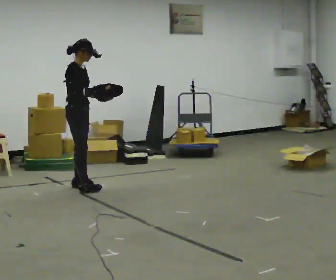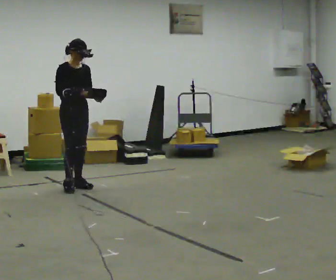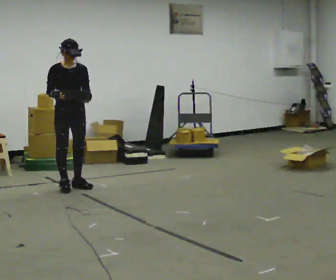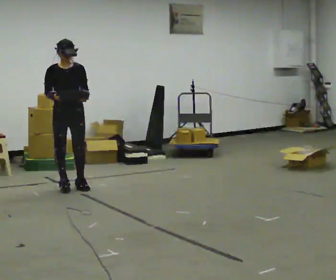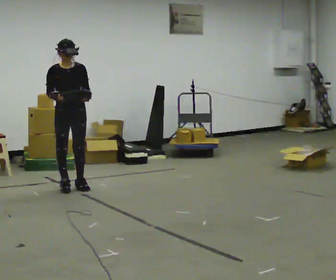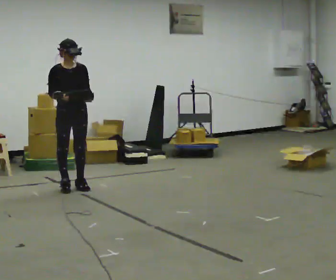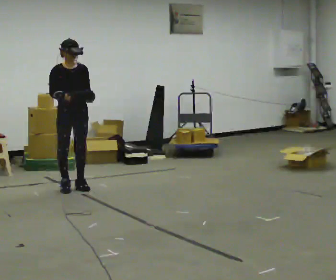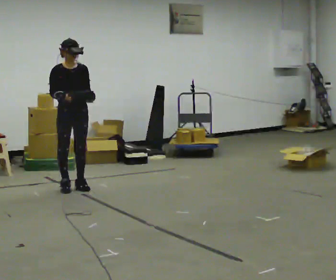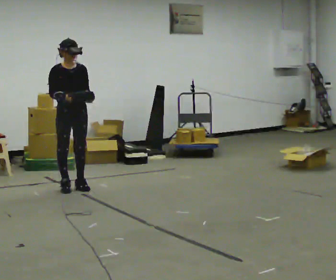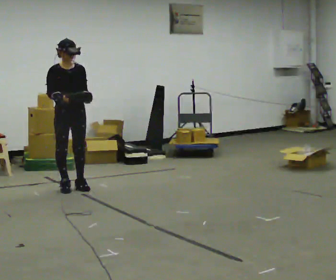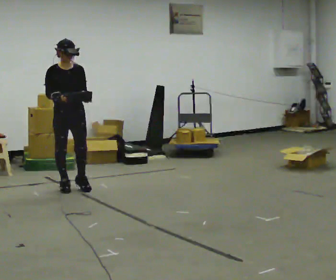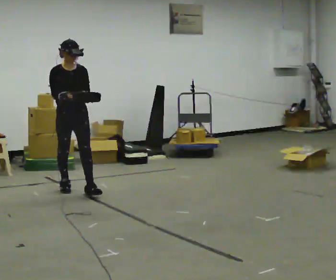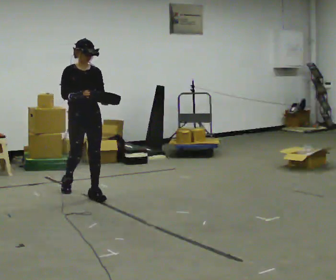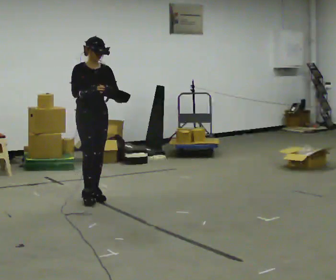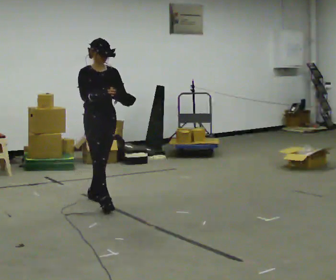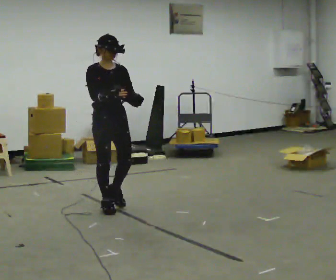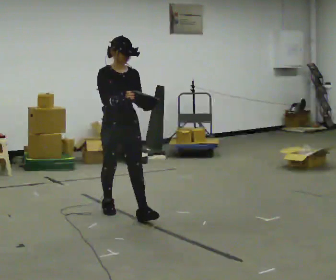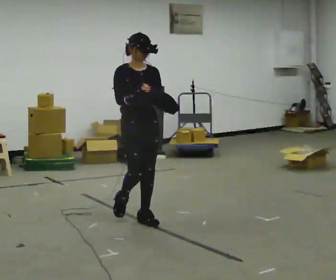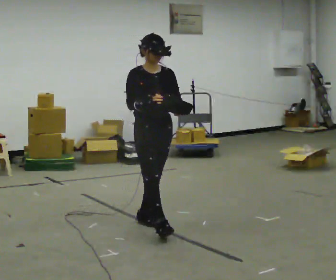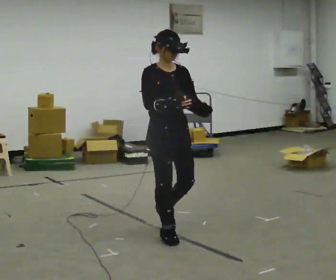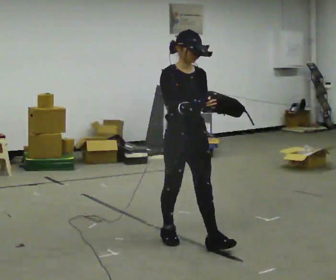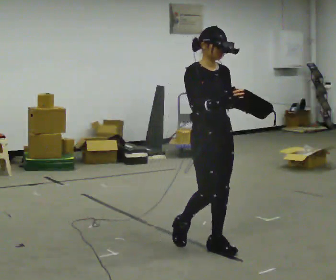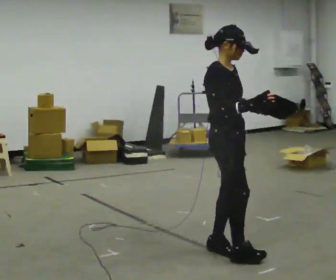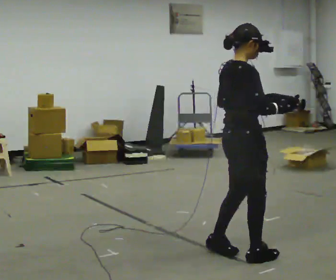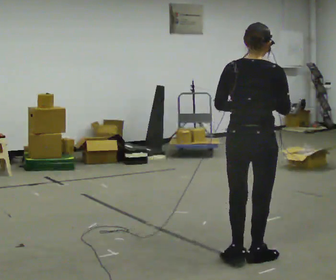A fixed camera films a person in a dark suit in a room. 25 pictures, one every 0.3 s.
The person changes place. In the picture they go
toward the camera.
0.0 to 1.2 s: The part of the body nearest the lens slides to the left as the person turns to their right by about 60 degrees. In the picture their right hand goes to the left.
1.2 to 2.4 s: The person moves a little, or ends about where they began.
2.4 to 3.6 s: In the picture they go toward the camera and to the right, about 0.25 m in 1 step, which for them is forward.
3.6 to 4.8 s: In the picture they go toward the camera and to the right, about 1 m in 1 step, which for them is forward.
4.8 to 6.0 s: In the picture they go toward the camera and to the right, about 1 m in 2 steps, which for them is forward.
6.0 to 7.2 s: The person turns about 135 degrees to their left, counterclockwise seen from above, so the part of the body nearest the lens slides to the right. In the picture they go toward the camera and to the right, about 0.5 m in 2 steps.
The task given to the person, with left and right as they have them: Carry the bag and, while walking, undo the buckle or zip, then do it up again. Keep repeating as you walk. Do not stop.
The film runs forward here.
